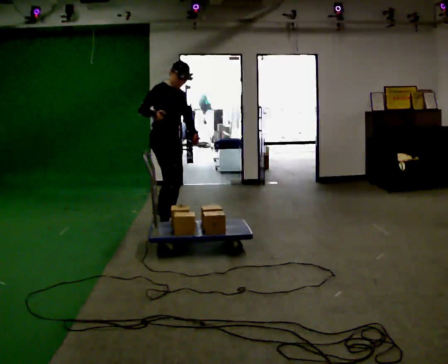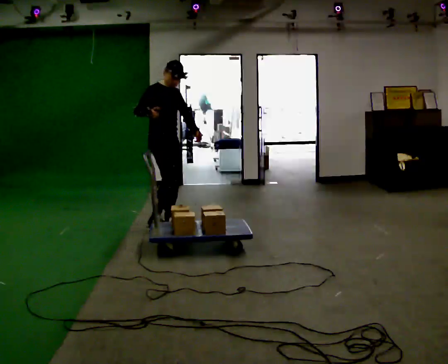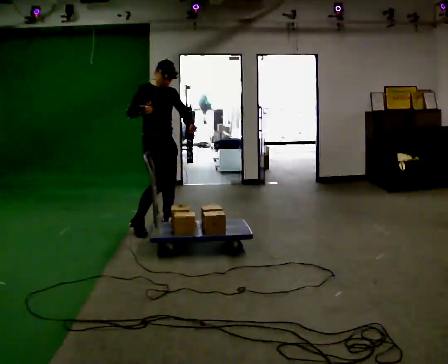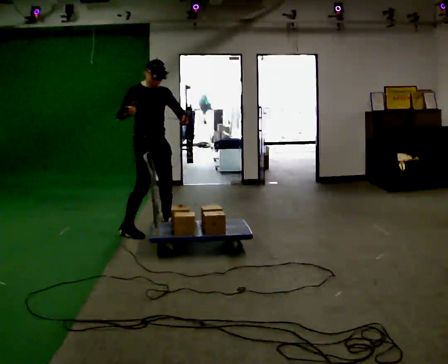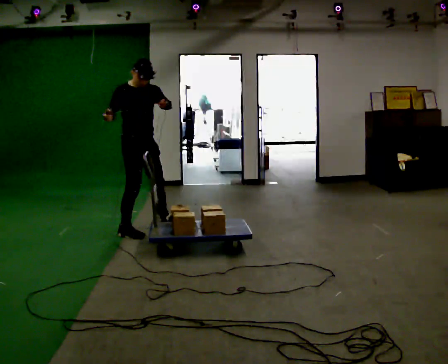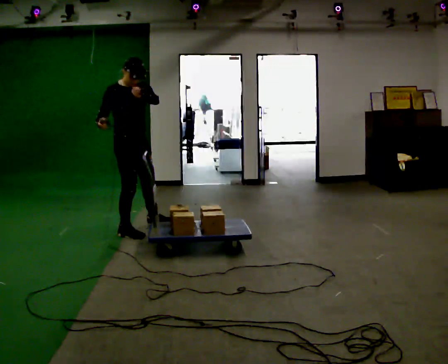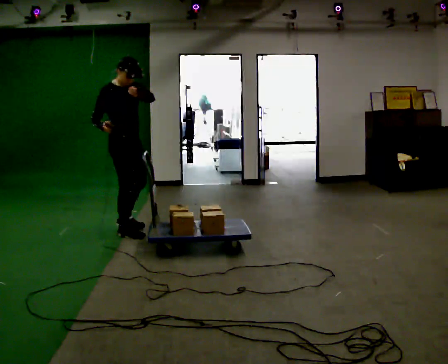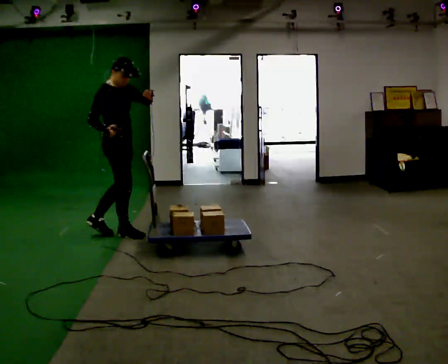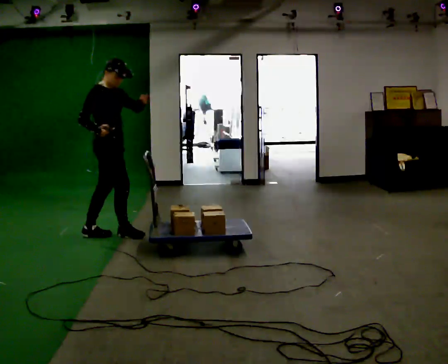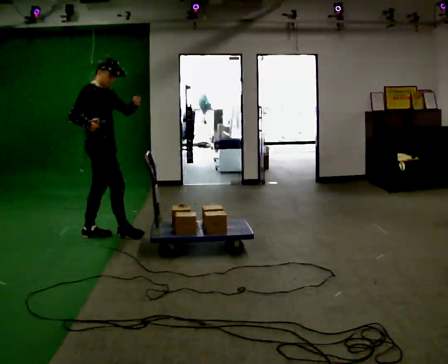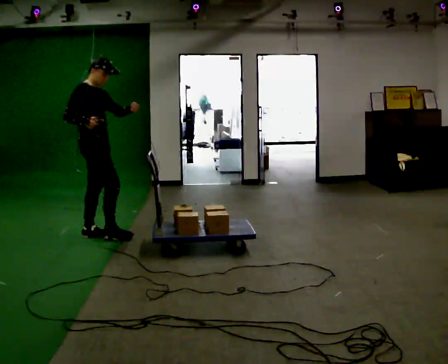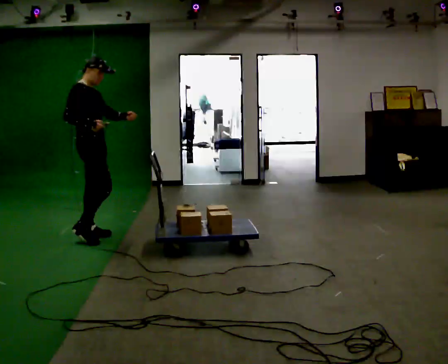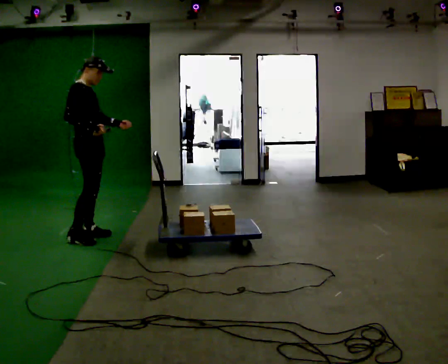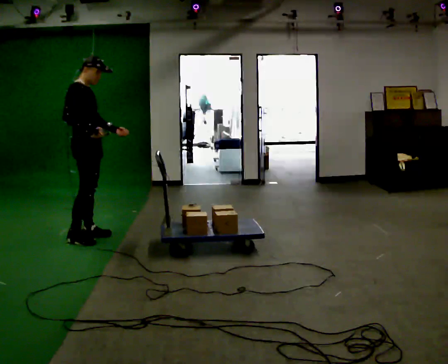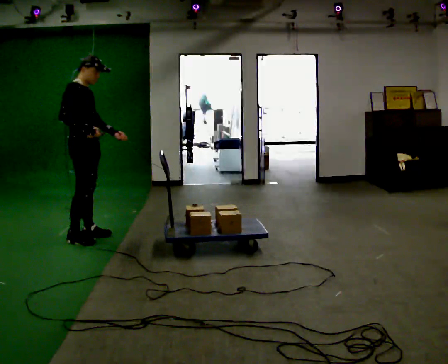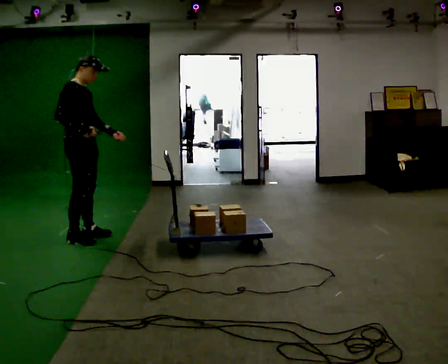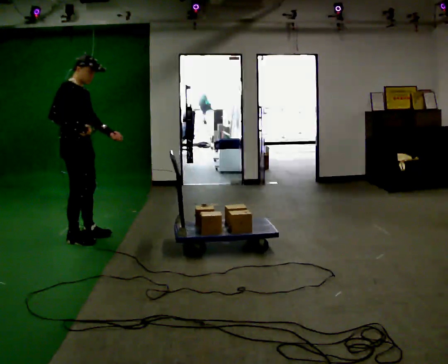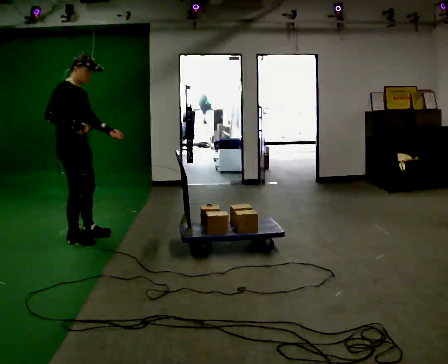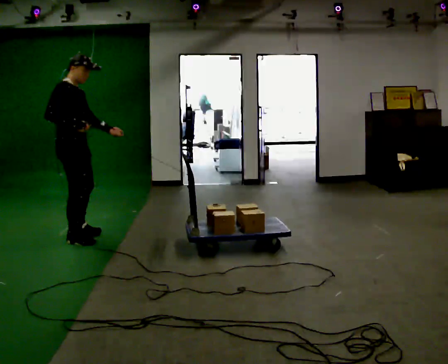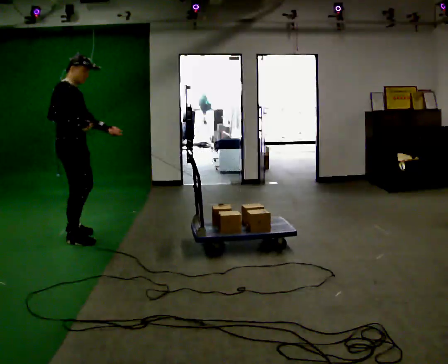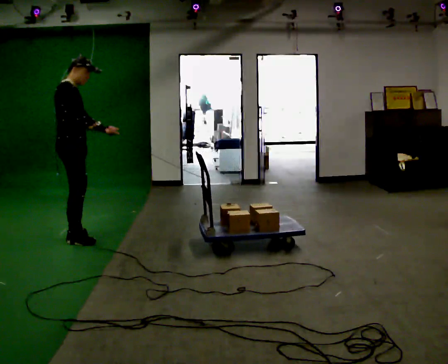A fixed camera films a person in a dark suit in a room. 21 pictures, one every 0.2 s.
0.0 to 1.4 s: In the picture they go to the left and toward the camera, about 0.5 m in 2 steps, which for them is to their right. In the picture their left hand goes upward.
1.4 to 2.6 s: In the picture they go to the left, about 0.25 m in 1 step, which for them is backward and to their right. In the picture their left hand goes downward.
2.6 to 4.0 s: The person moves a little, or ends about where they began.
The film runs backward here.
